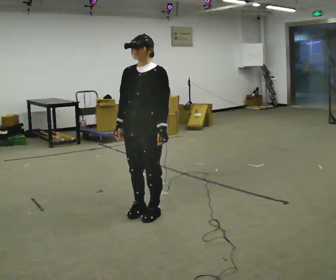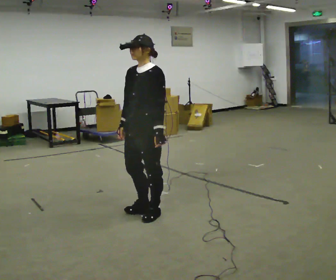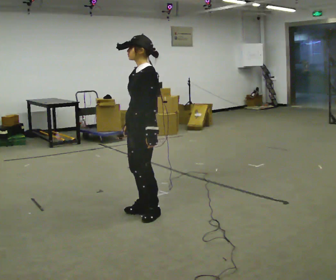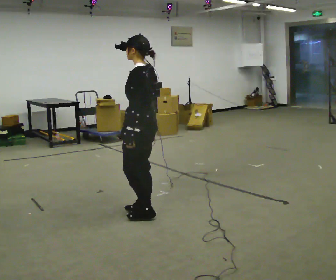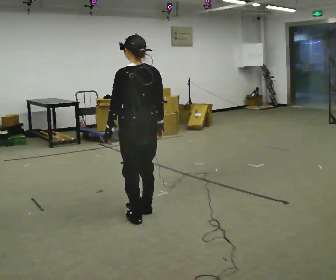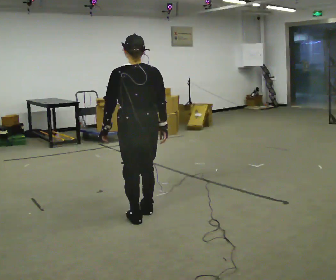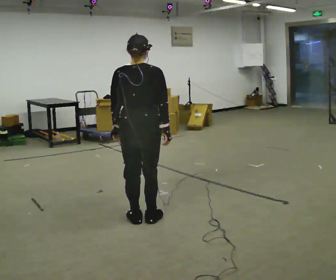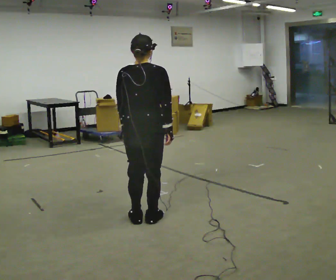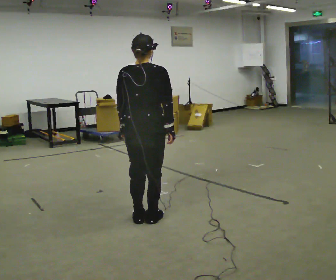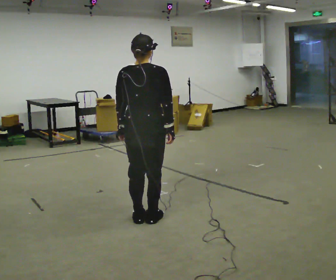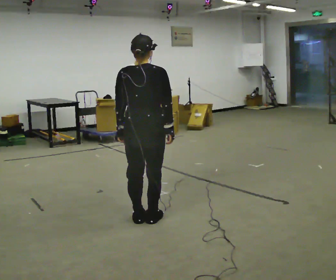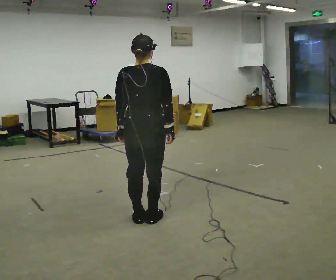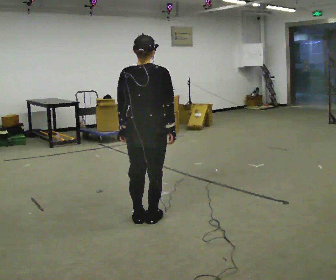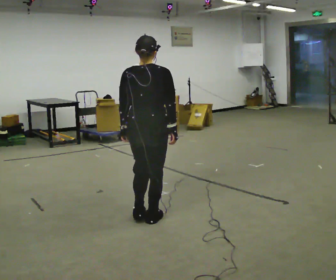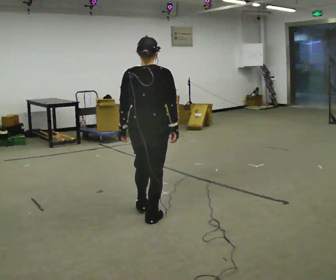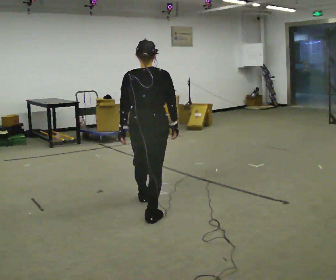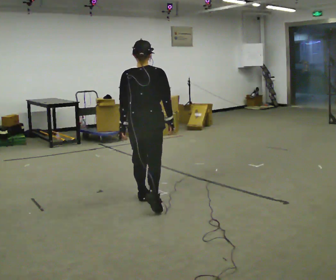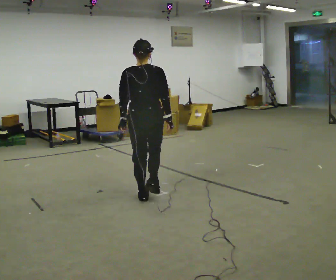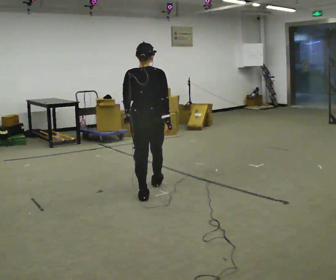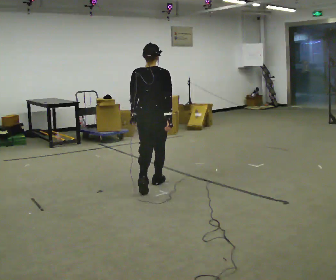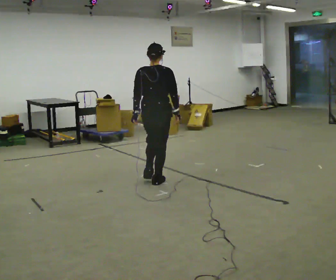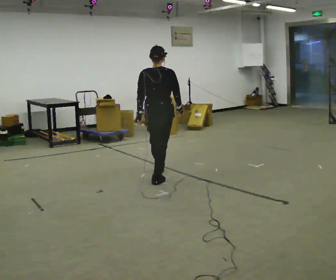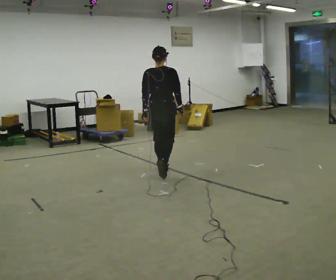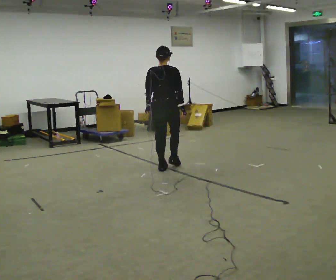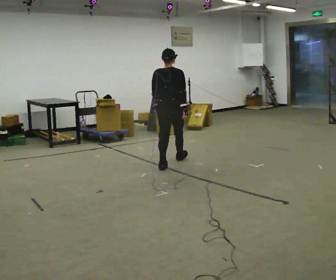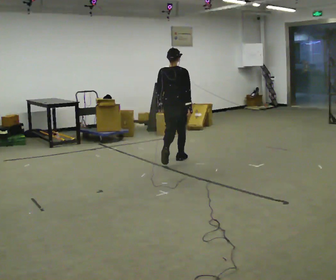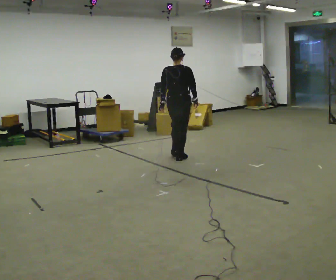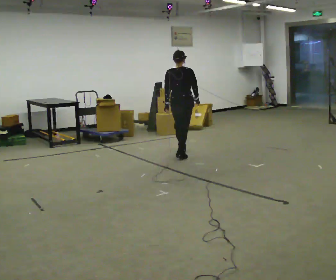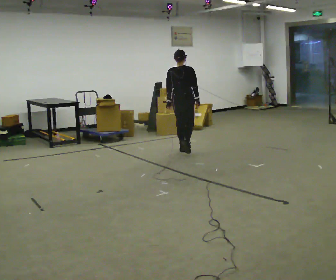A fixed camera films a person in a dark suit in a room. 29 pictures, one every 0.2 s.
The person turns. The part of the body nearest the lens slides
to the left.
The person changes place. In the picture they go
away from the camera.
0.0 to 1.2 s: The person turns about 150 degrees to their right, clockwise seen from above, so the part of the body nearest the lens slides to the left. In the picture they go toward the camera, about 0.25 m in 2 steps. In the picture their right hand goes to the right, the arm swinging counterclockwise.
1.2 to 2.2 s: The person moves a little, or ends about where they began.
2.2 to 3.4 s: In the picture they go away from the camera, about 0.5 m in 1 step, which for them is forward.
3.4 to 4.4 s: In the picture they go away from the camera, about 1 m in 2 steps, which for them is forward.
4.4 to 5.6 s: In the picture they go away from the camera, about 1 m in 2 steps, which for them is forward.
The film runs forward here.
